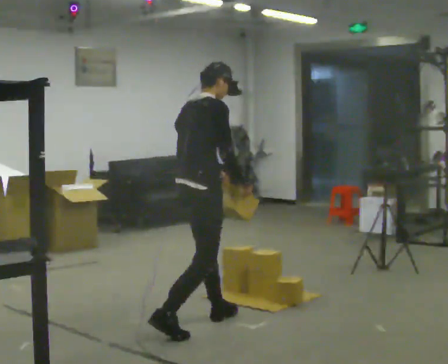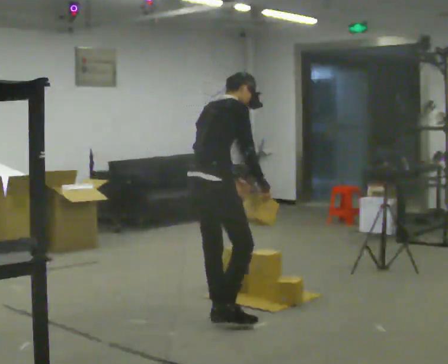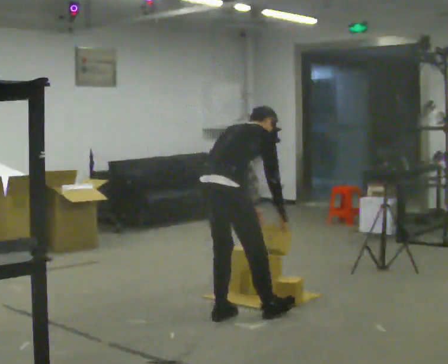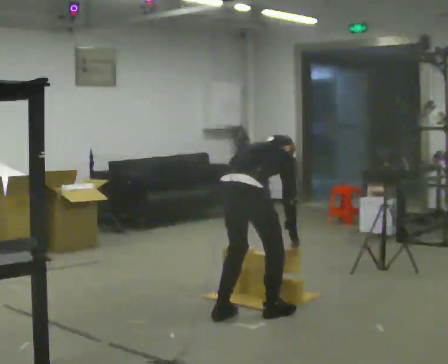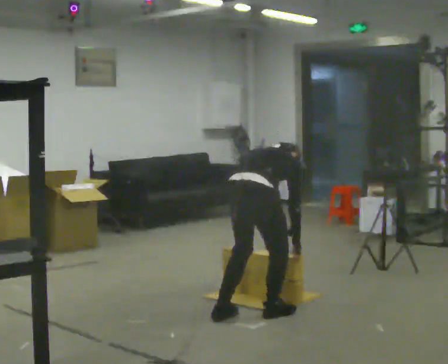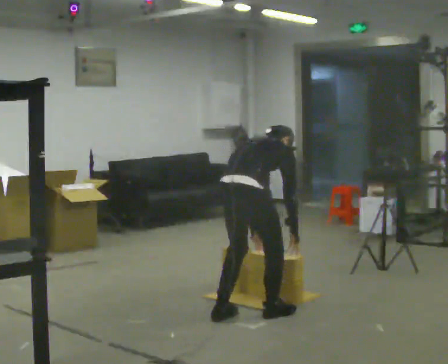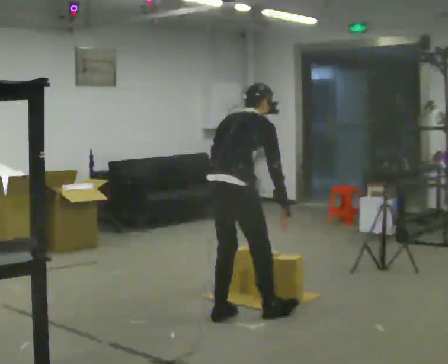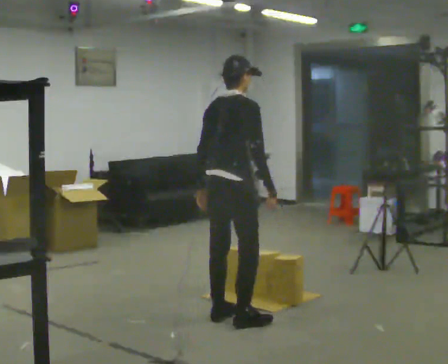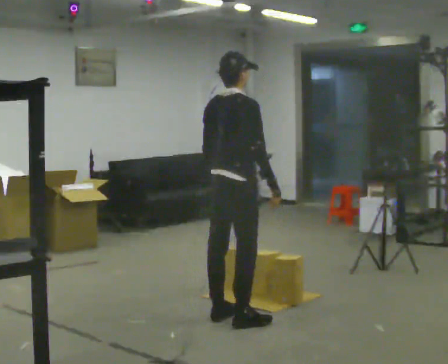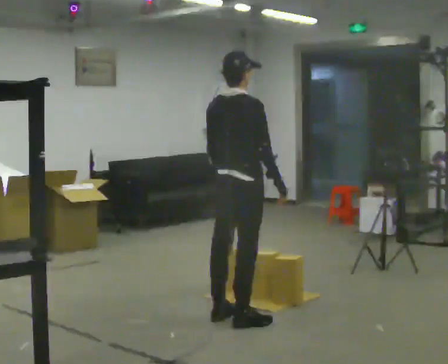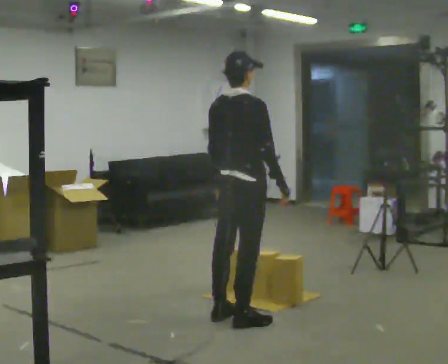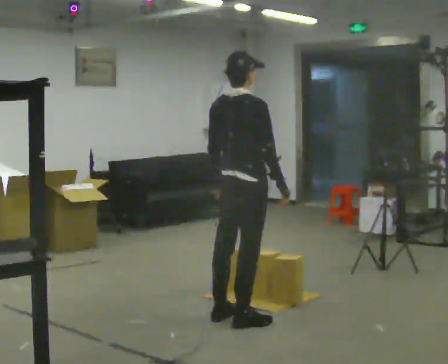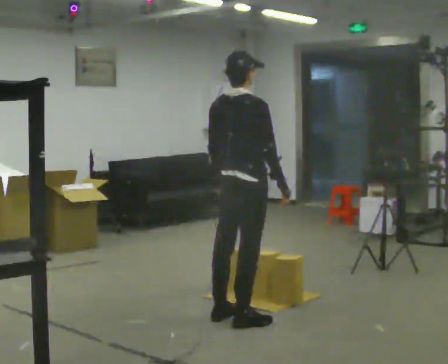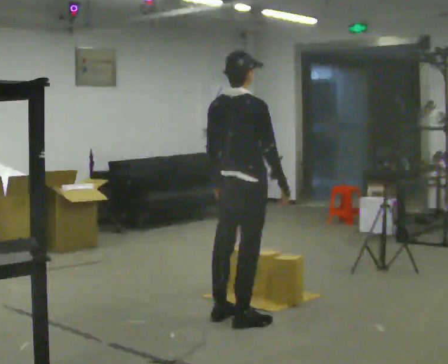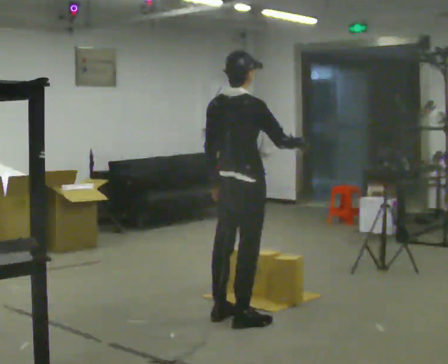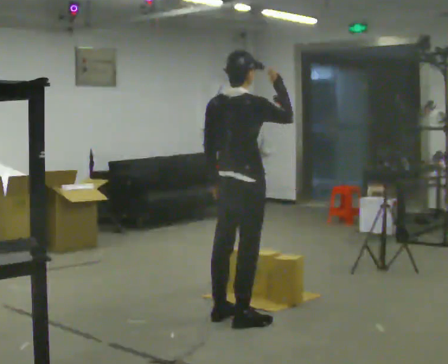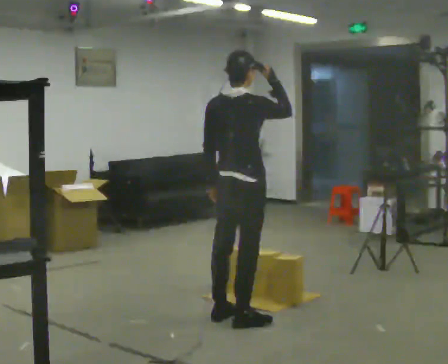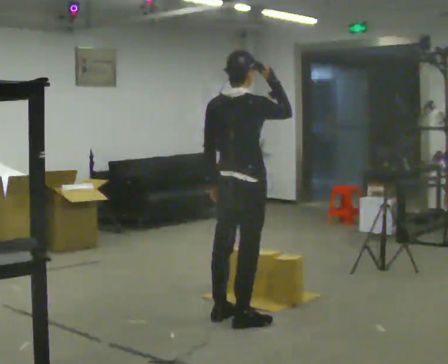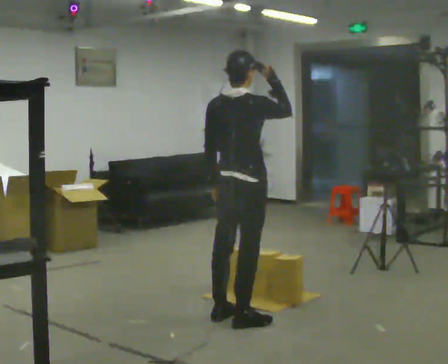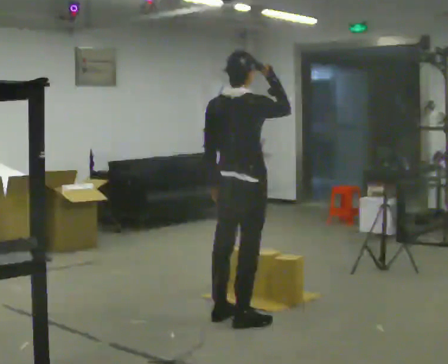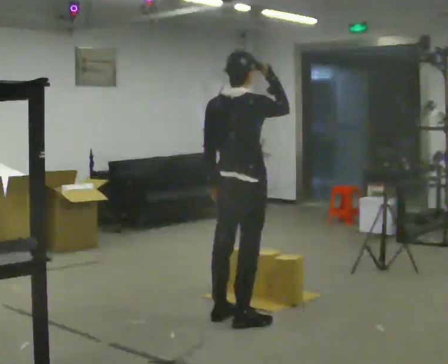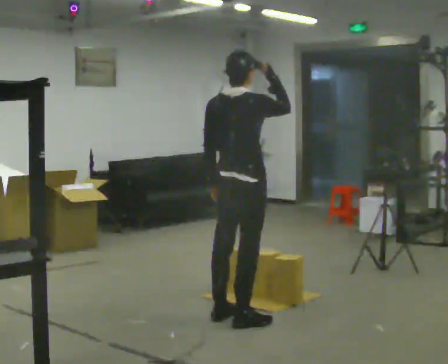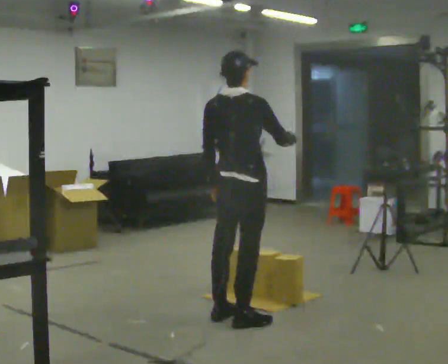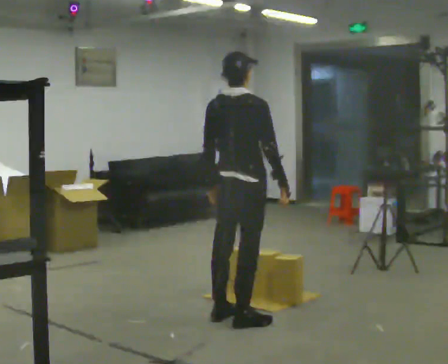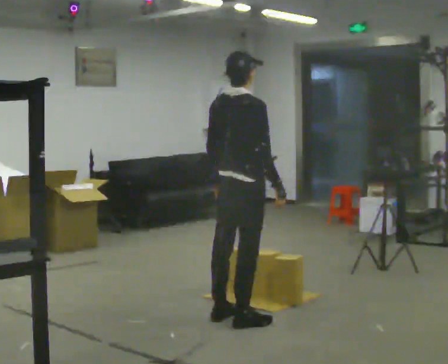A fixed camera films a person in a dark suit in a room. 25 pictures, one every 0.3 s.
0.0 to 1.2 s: Seen from above the body turns counterclockwise, about 30 degrees: to their left, with its near side sliding to the right. In the picture they go to the right, about 0.25 m in 1 step, which for them is forward and to their right. The shoulders move downward. The upper body tips away from the camera, its near side rolling upward, as they bend forward. In the picture their left hand goes downward.
1.2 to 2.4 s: The shoulders move upward. The upper body tips toward the camera, its near side rolling downward, as they lean back or straighten. In the picture their right hand goes upward.
2.4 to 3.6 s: The person moves a little, or ends about where they began.
3.6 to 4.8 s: In the picture their right hand goes upward.
4.8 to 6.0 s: The person moves a little, or ends about where they began.
6.0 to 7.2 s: In the picture their right hand goes downward.
The film runs forward here.
